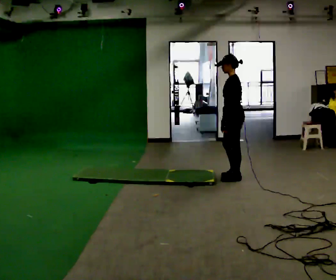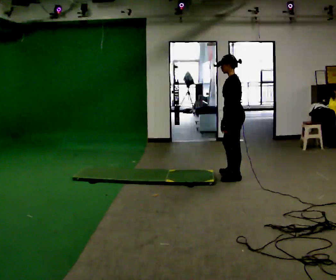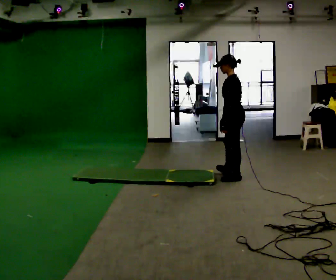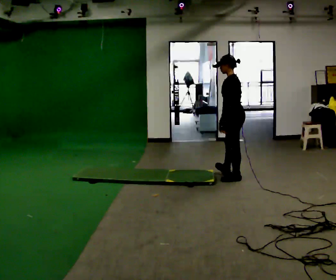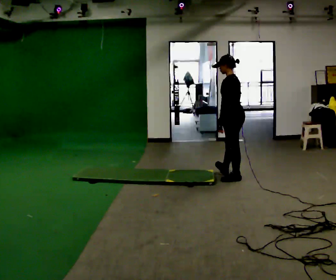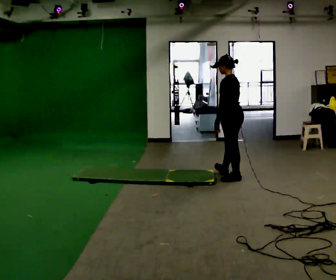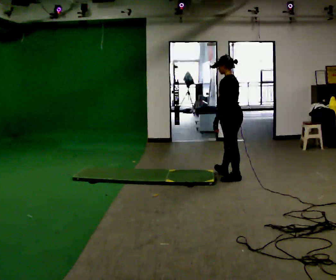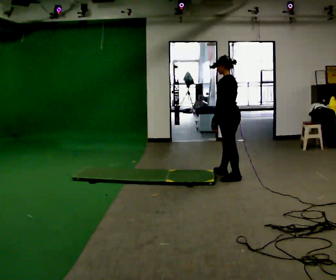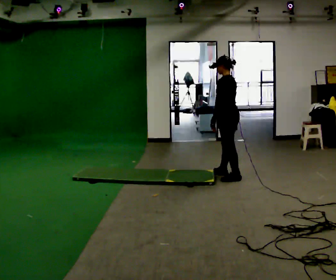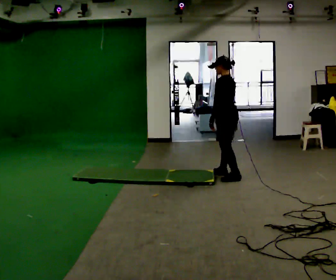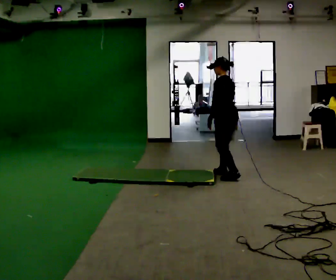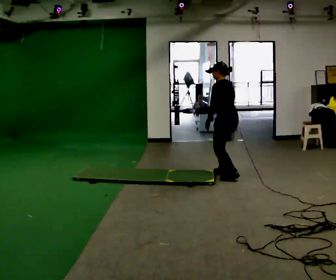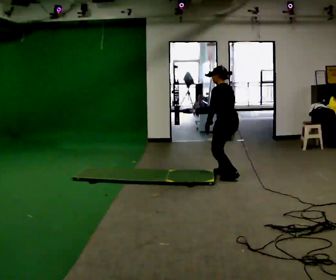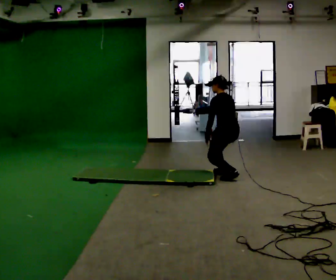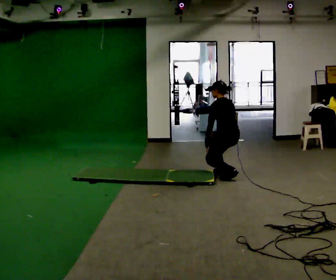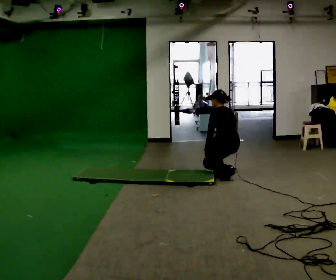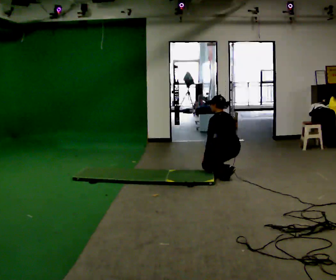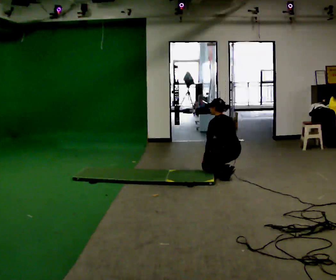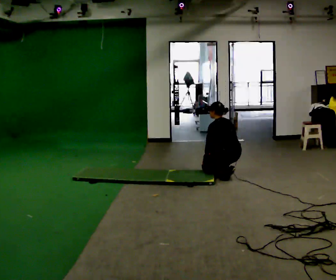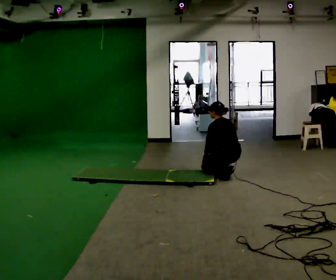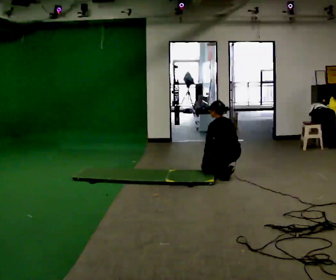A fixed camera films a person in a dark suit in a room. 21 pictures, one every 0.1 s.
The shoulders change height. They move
downward.
Their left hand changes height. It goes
downward.
0.0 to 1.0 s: The person moves a little, or ends about where they began.
1.0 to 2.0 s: The upper body goes downward. In the picture the upper body tilts counterclockwise, shoulders to the left, as they bend forward. In the picture their right hand goes downward.
The film runs forward here.
